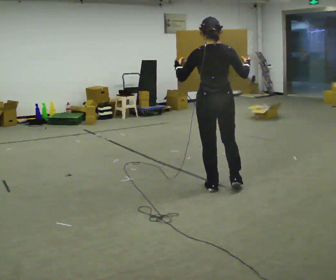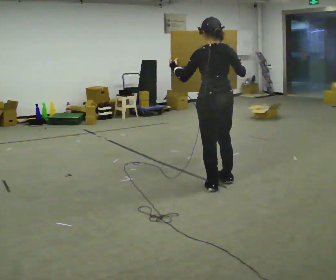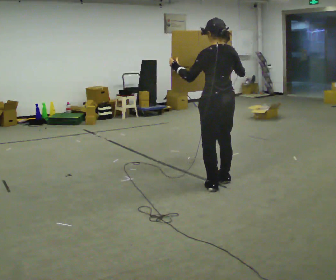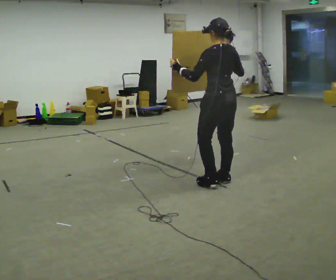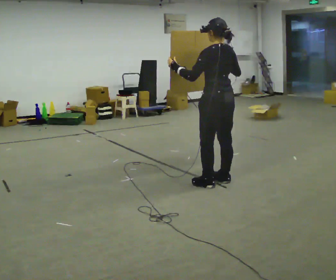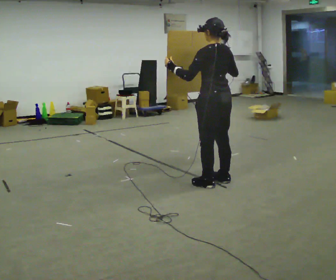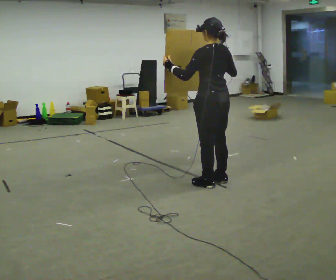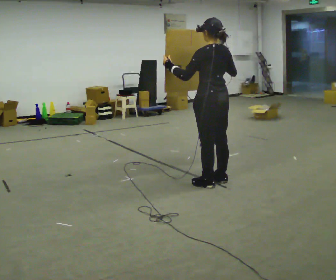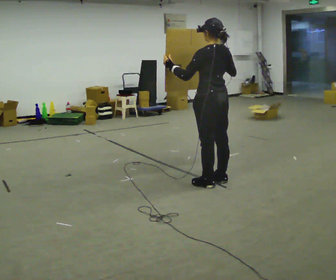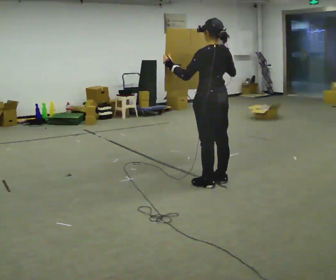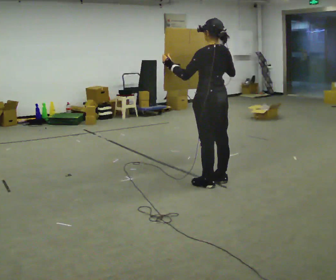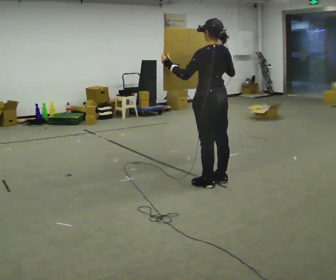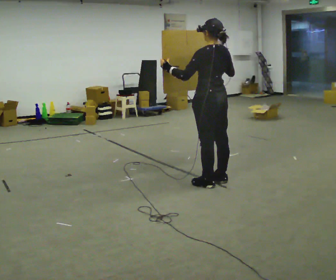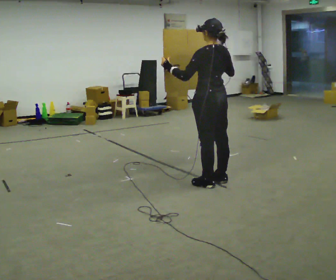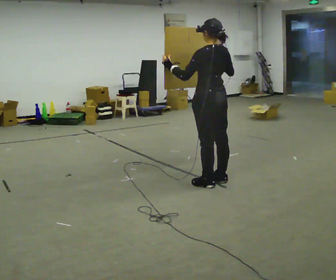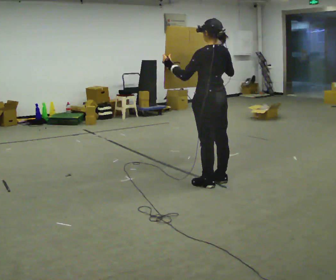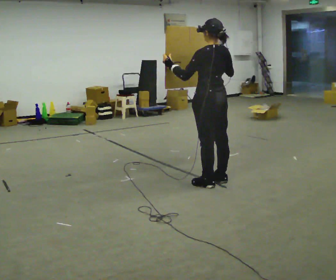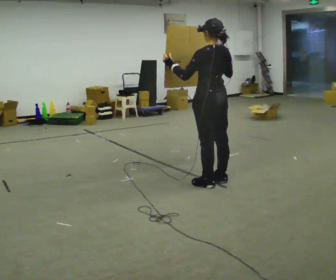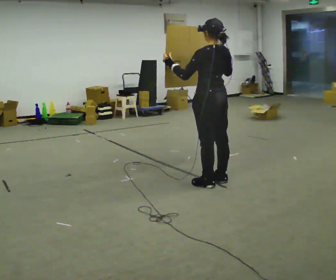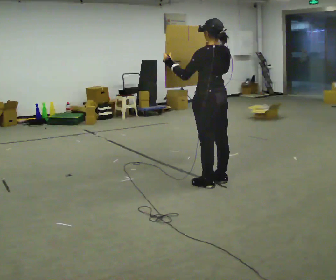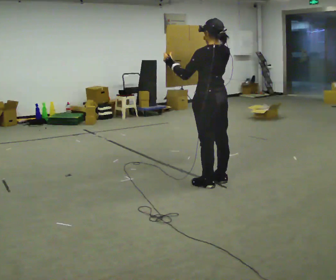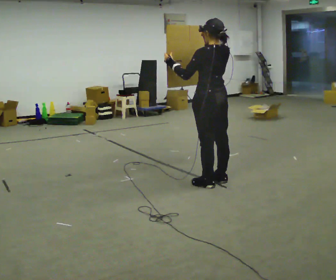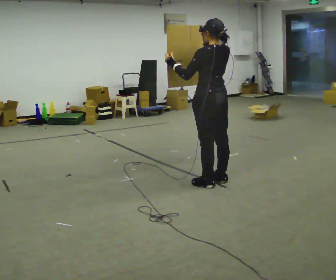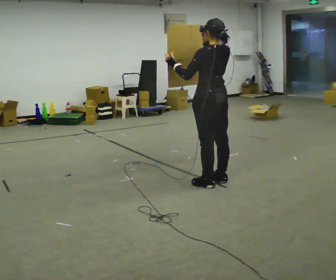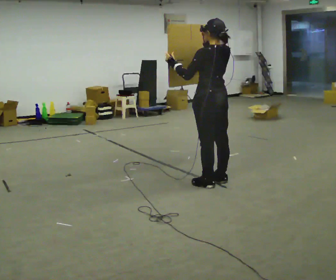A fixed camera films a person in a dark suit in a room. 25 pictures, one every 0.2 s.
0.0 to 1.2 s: Seen from above the body turns counterclockwise, about 30 degrees: to their left, with its near side sliding to the right.
1.2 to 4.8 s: The person moves a little, or ends about where they began.
The film runs forward here.
